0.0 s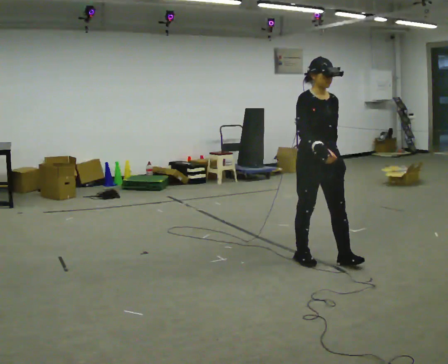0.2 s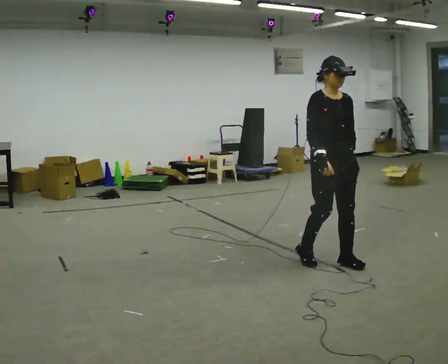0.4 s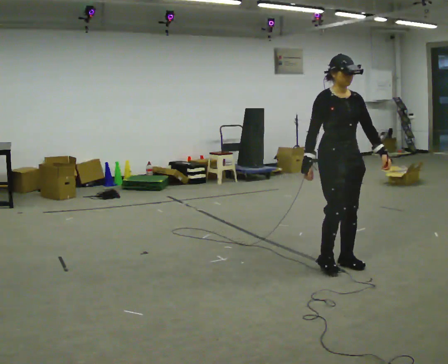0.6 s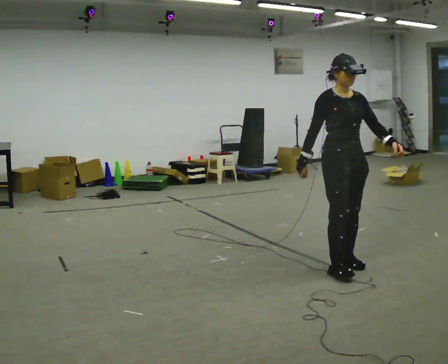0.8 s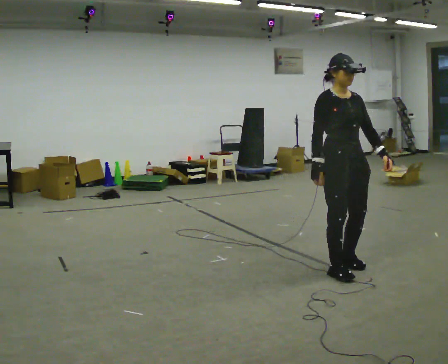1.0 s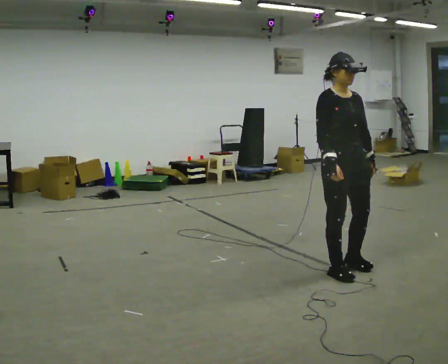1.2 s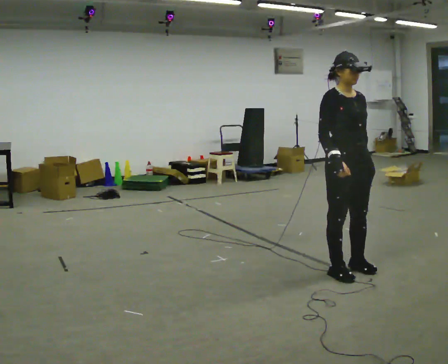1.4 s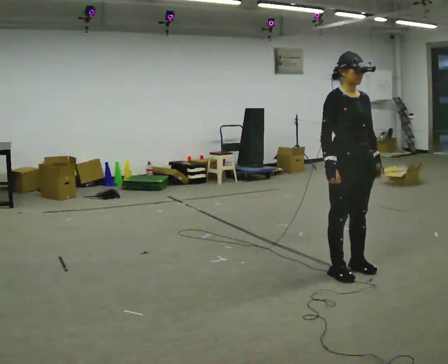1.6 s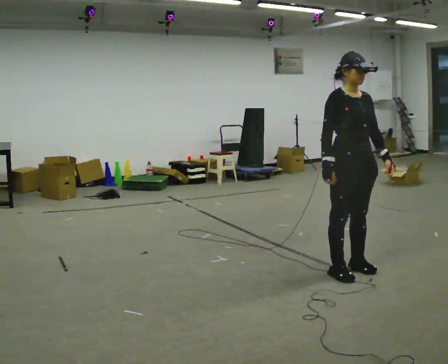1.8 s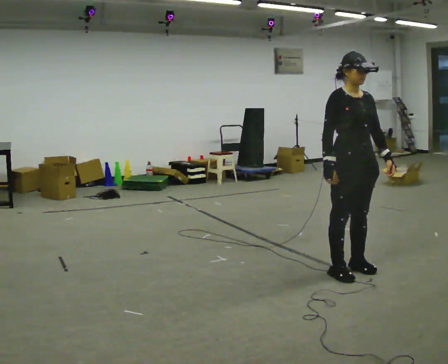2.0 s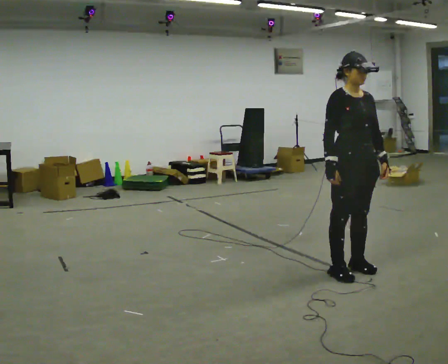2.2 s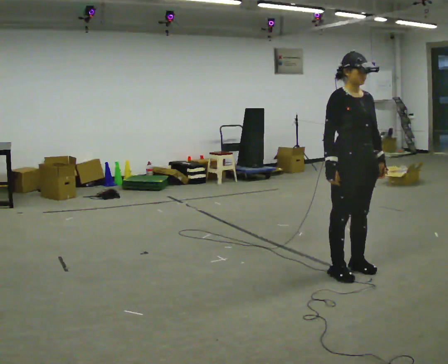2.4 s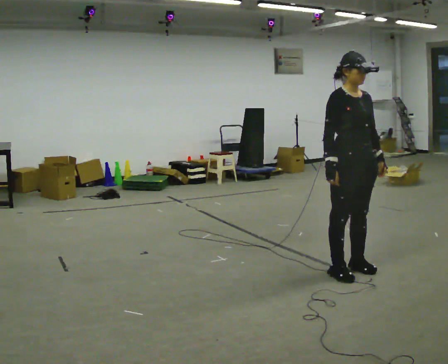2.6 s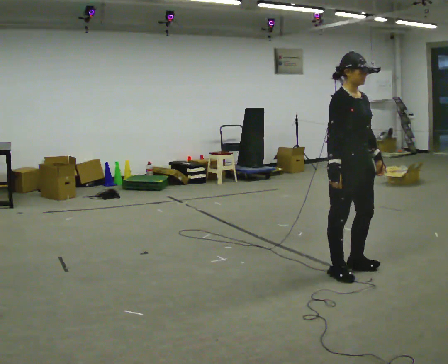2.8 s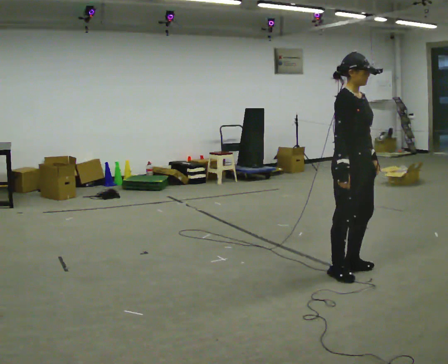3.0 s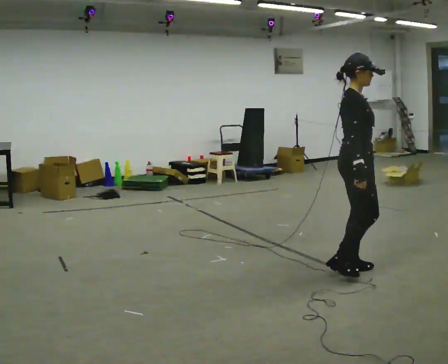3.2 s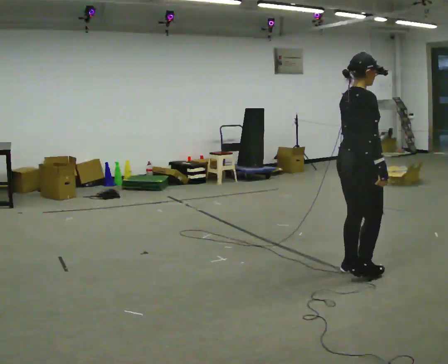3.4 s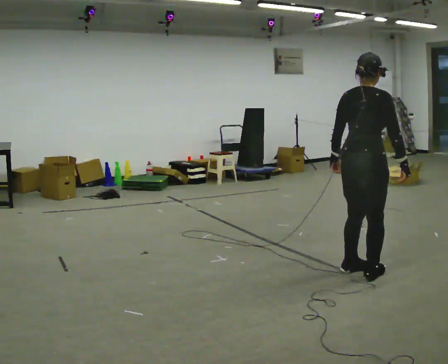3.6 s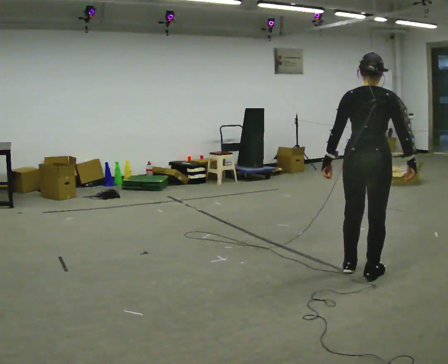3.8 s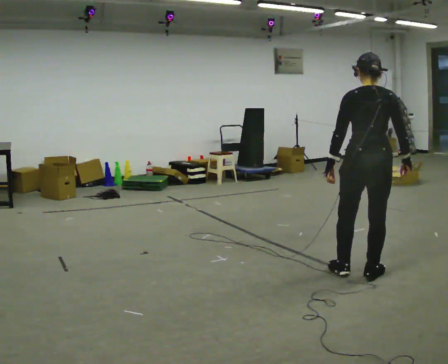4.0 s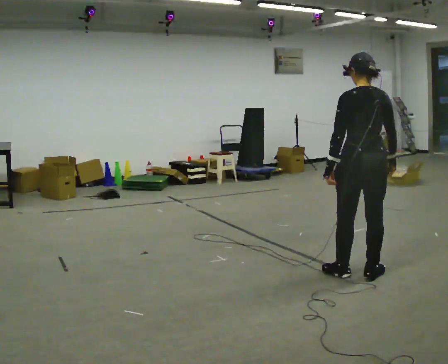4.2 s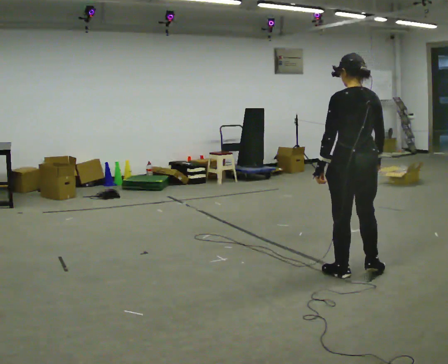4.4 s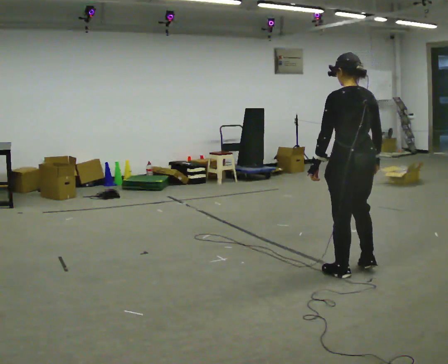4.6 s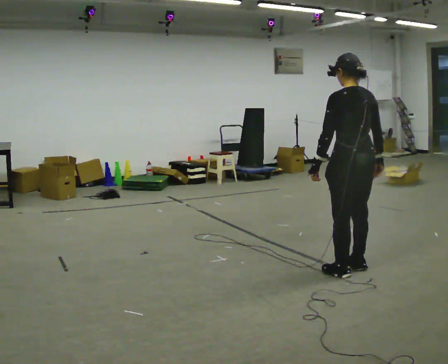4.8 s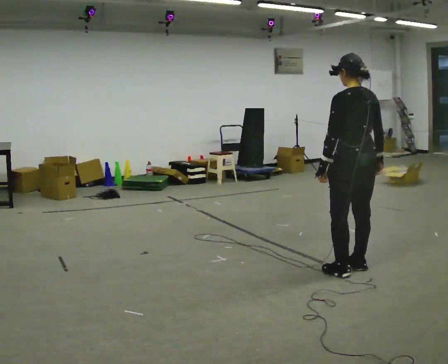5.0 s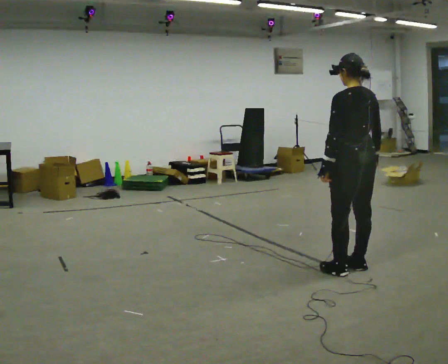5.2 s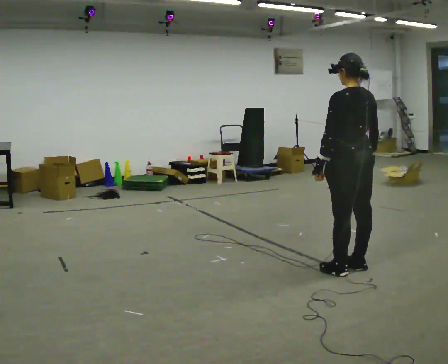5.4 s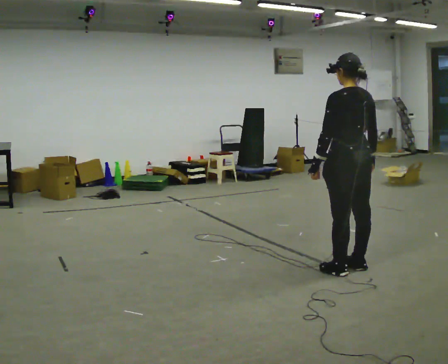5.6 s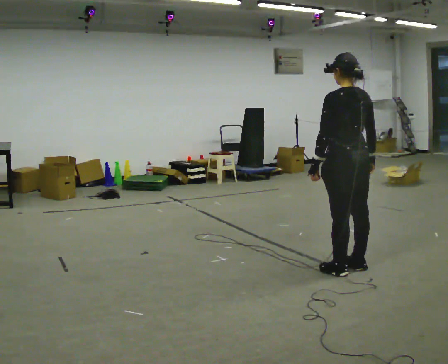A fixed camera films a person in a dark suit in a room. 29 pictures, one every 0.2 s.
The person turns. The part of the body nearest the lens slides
to the right.
The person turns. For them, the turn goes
to their left.
0.0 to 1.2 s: In the picture they go toward the camera and to the right, about 0.25 m in 1 step, which for them is forward.
1.2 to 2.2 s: The person moves a little, or ends about where they began.
2.2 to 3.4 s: Seen from above the body turns counterclockwise, about 120 degrees: to their left, with its near side sliding to the right. In the picture their left hand goes to the left, the arm swinging clockwise.
3.4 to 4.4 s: The part of the body nearest the lens slides to the right as the person turns to their left by about 60 degrees.
4.4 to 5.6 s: The person moves a little, or ends about where they began.
The film runs forward here.
